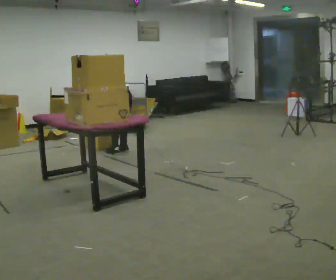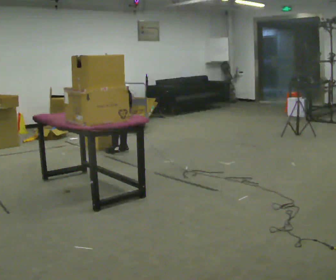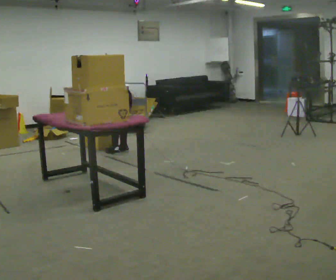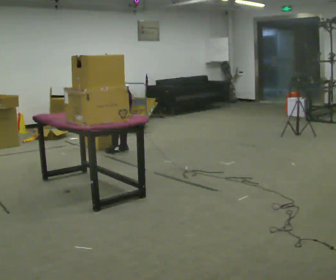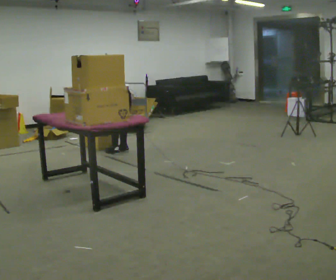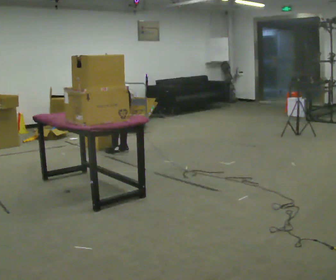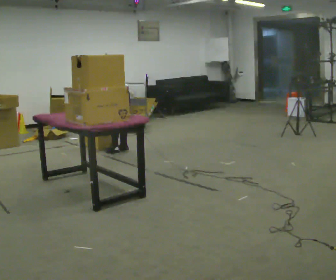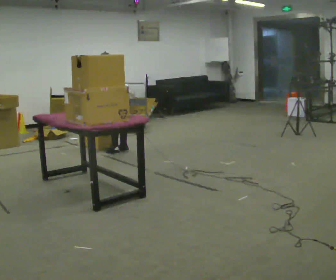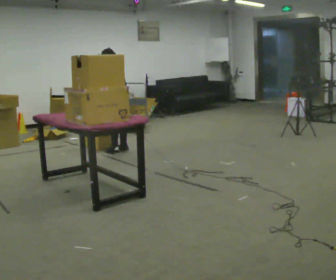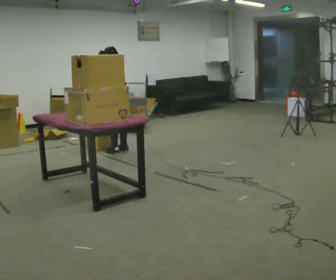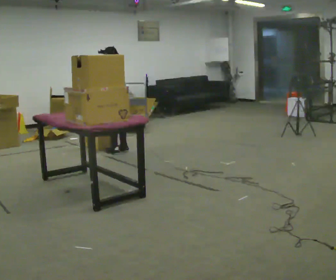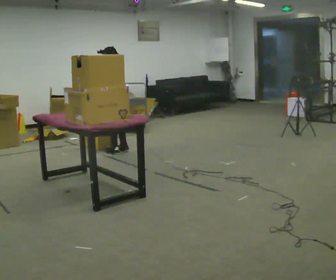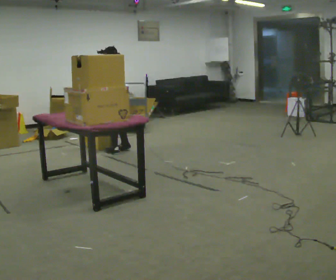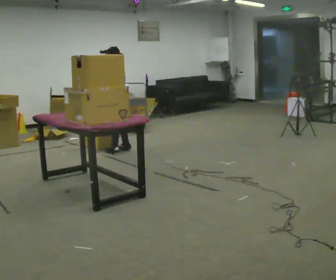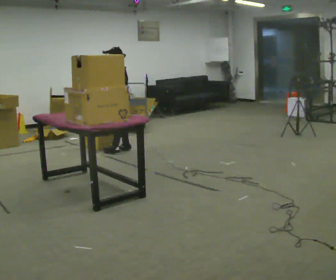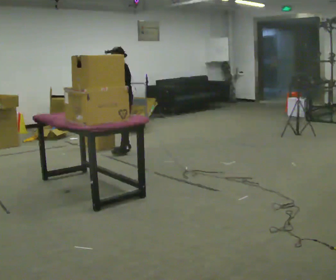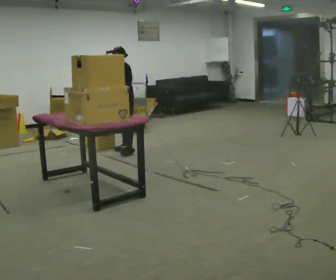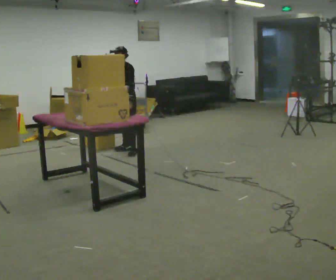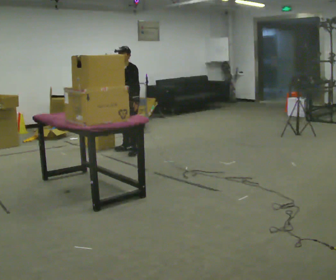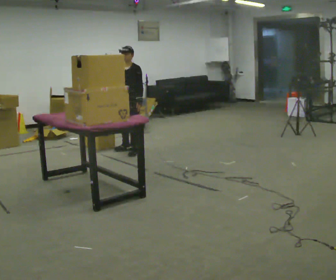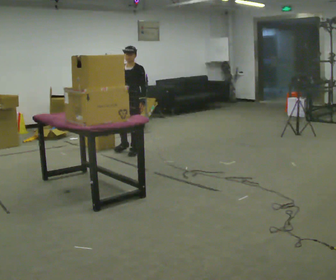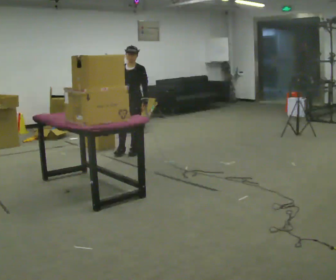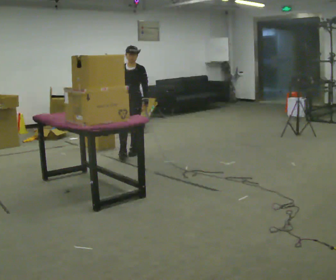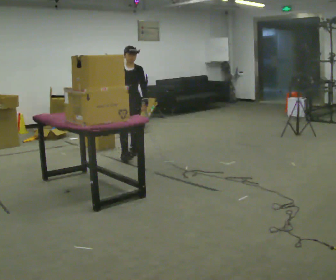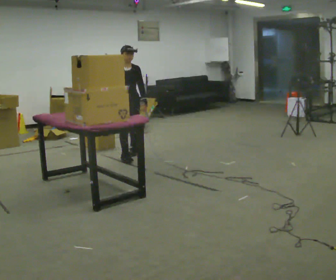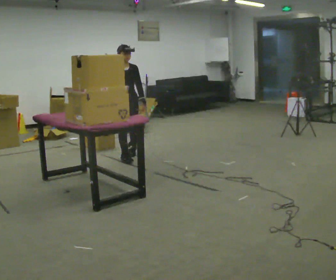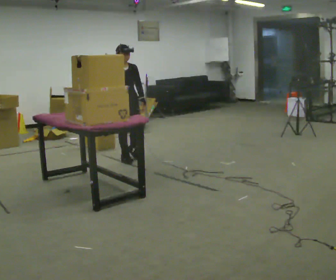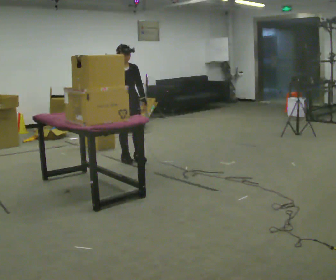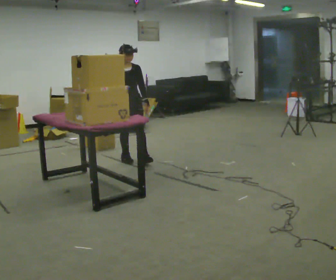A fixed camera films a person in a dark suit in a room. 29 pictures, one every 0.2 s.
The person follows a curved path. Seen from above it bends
clockwise.
The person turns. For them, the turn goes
to their left.
0.0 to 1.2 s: The upper body tips toward the camera, its near side rolling downward, as they lean back or straighten.
1.2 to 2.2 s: The upper body tips toward the camera, its near side rolling downward, as they lean back or straighten.
2.2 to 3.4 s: The person turns about 75 degrees to their left, counterclockwise seen from above, so the part of the body nearest the lens slides to the right. In the picture they go to the right, about 0.25 m in 1 step. In the picture their left hand goes to the right.
3.4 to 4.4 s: The part of the body nearest the lens slides to the right as the person turns to their left by about 60 degrees. In the picture they go toward the camera, about 0.25 m, which for them is forward and to their left.
4.4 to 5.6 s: In the picture they go toward the camera, about 0.25 m in 1 step, which for them is forward and to their right.
The film runs forward here.
